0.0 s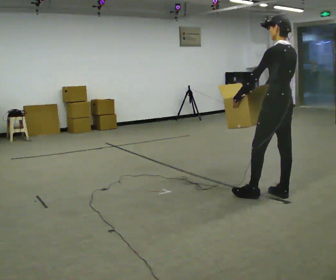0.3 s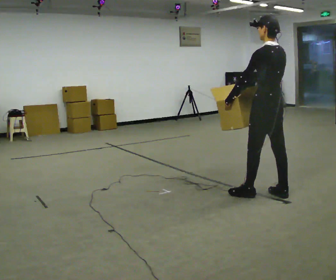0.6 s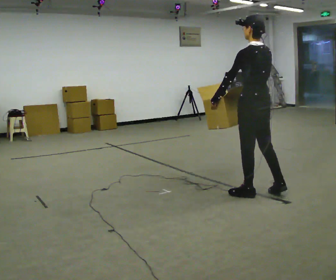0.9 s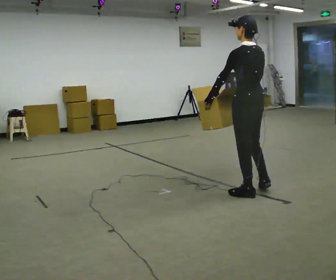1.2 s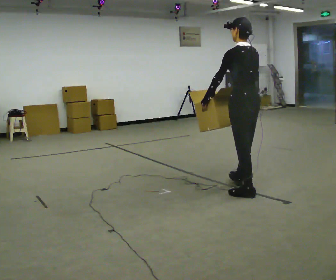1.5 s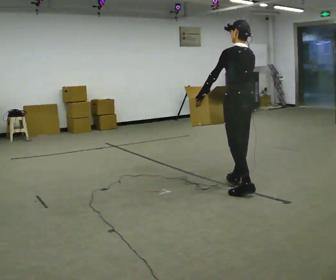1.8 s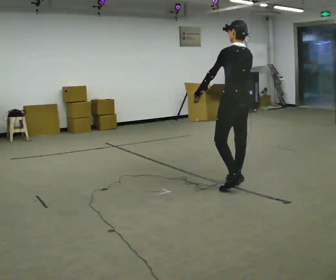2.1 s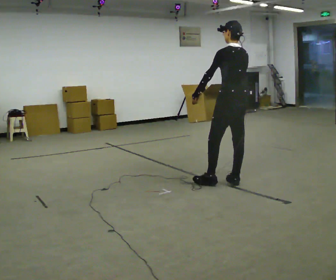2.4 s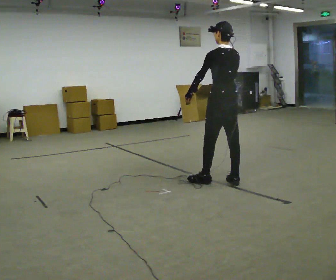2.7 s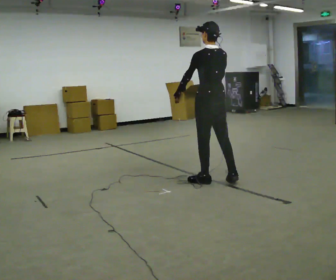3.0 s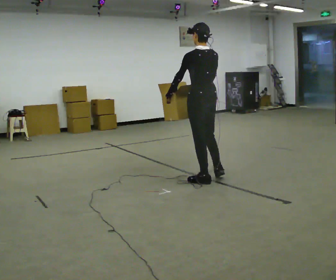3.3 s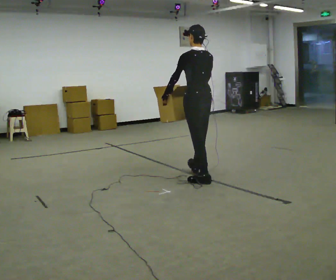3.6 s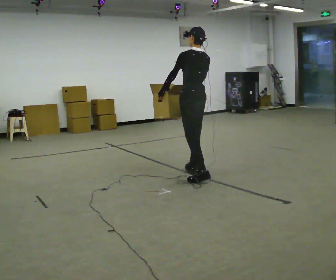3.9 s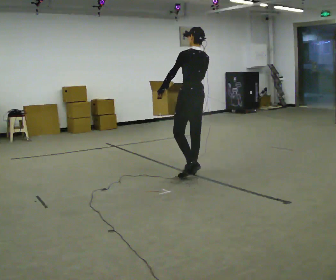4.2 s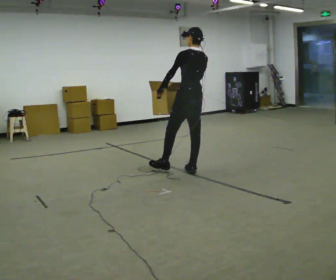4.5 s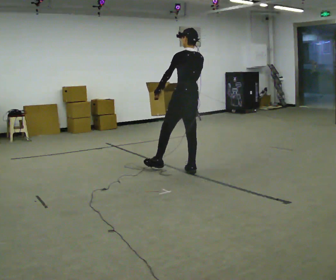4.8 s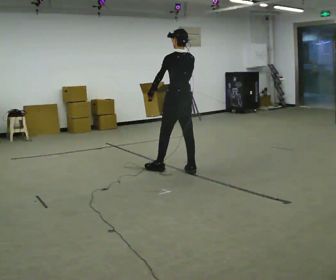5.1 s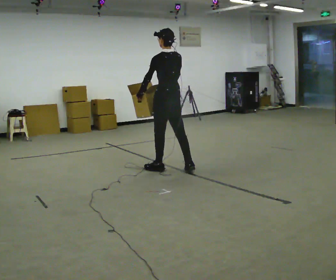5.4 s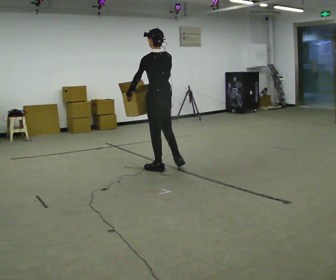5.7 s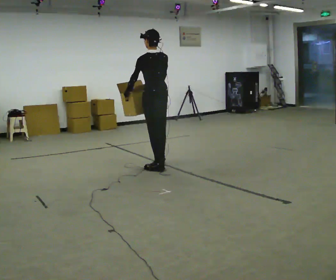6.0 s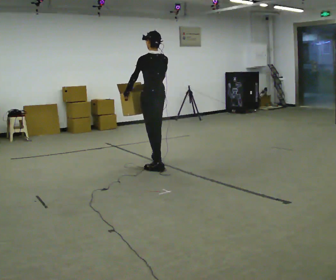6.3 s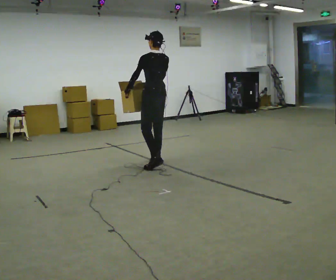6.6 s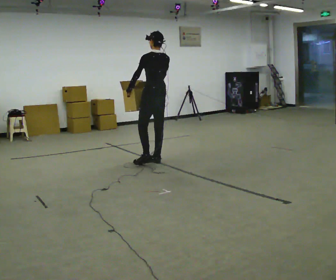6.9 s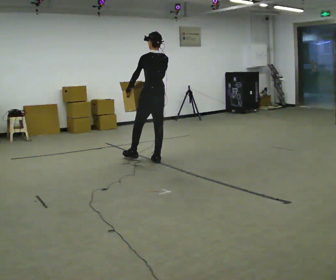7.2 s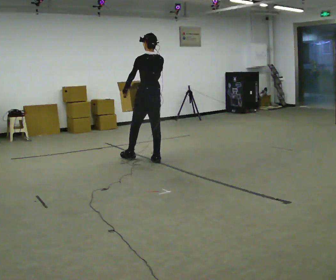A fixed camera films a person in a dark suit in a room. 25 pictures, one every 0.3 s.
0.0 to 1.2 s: In the picture they go to the left, about 0.25 m in 1 step, which for them is forward and to their left.
1.2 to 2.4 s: In the picture they go away from the camera and to the left, about 0.5 m in 2 steps, which for them is forward.
2.4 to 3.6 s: In the picture they go to the left and away from the camera, about 0.5 m in 1 step, which for them is forward.
3.6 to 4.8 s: In the picture they go away from the camera and to the left, about 0.25 m in 1 step, which for them is forward.
4.8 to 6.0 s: In the picture they go to the left and away from the camera, about 0.25 m in 1 step, which for them is forward and to their left.
6.0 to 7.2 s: In the picture they go away from the camera, about 0.5 m in 1 step, which for them is forward and to their right.
The film runs forward here.
